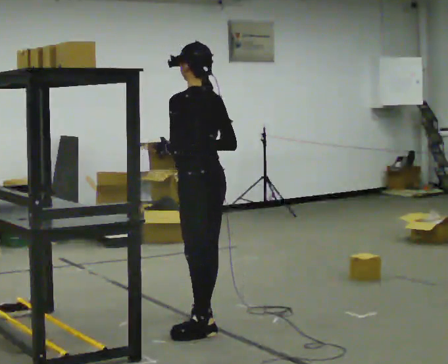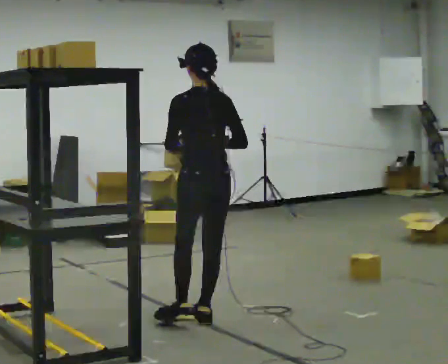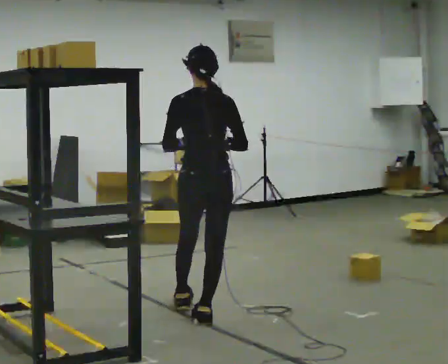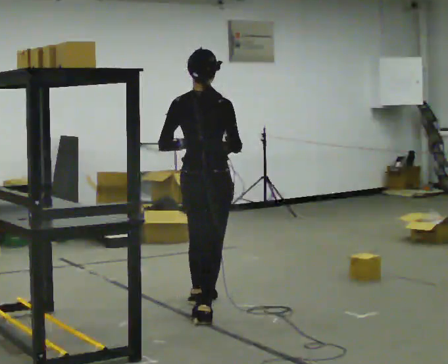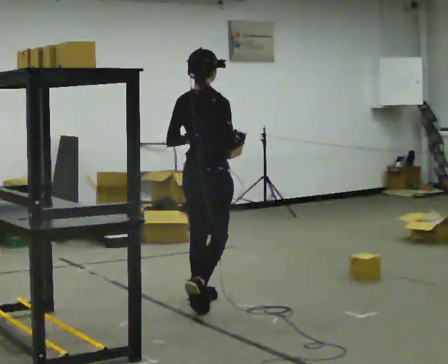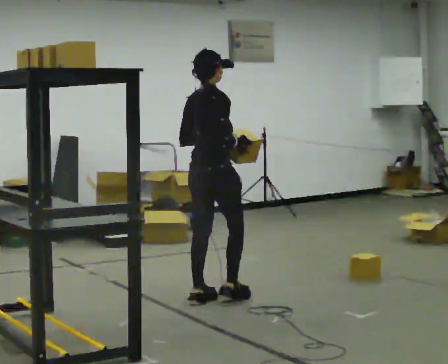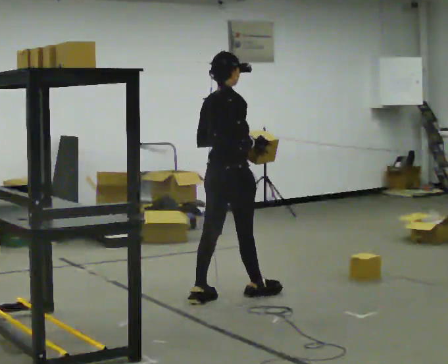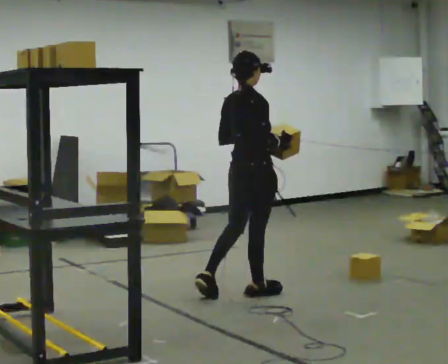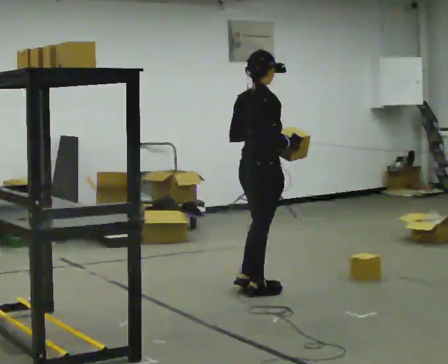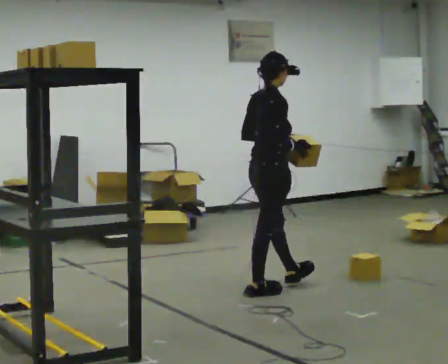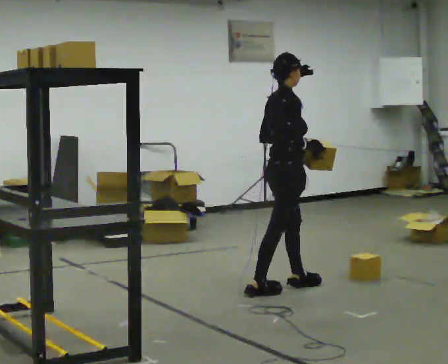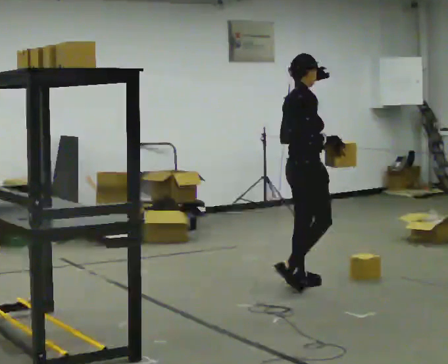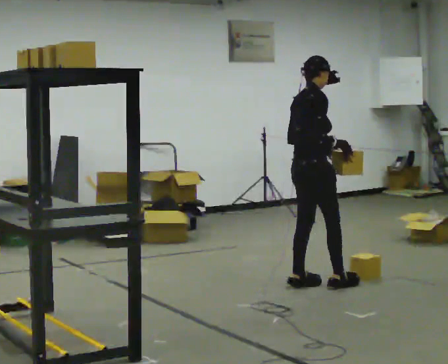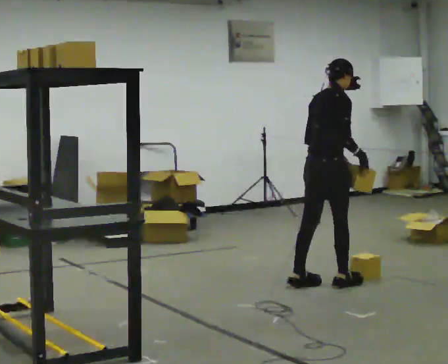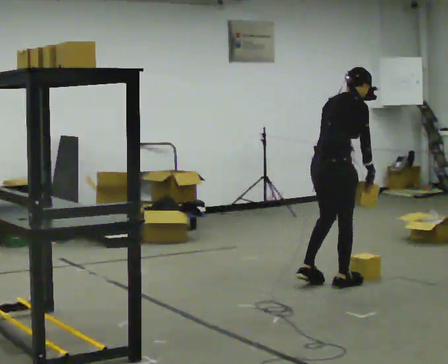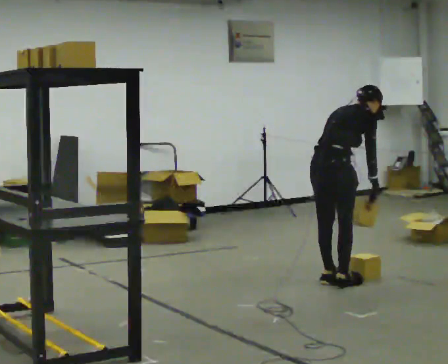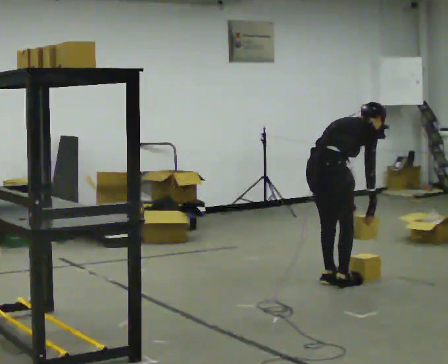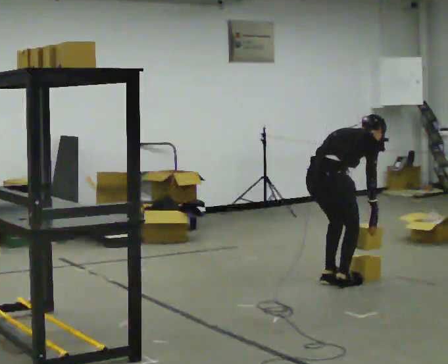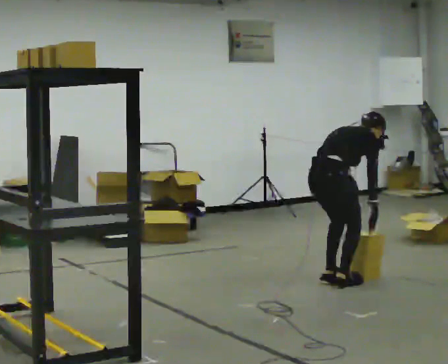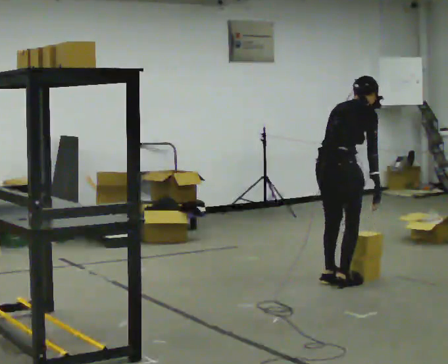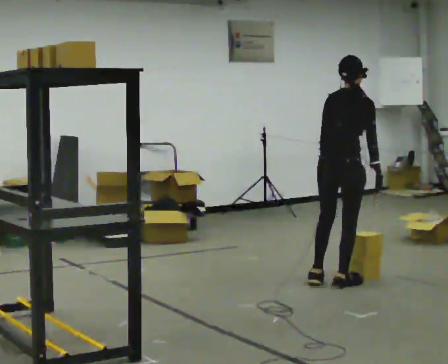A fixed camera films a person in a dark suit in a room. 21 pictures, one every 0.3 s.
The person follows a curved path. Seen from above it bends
clockwise.
0.0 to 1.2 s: The part of the body nearest the lens slides to the left as the person turns to their right by about 90 degrees. In the picture they go away from the camera, about 0.5 m in 1 step.
1.2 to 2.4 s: In the picture they go to the right and away from the camera, about 0.5 m in 1 step, which for them is forward.
2.4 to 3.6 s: In the picture they go to the right and away from the camera, about 0.5 m in 1 step, which for them is forward and to their left.
3.6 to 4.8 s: The upper body goes downward. In the picture the upper body tilts clockwise, shoulders to the right, as they bend forward. In the picture their left hand goes downward.
4.8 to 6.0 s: In the picture the upper body tilts counterclockwise, shoulders to the left, as they lean back or straighten.
The film runs forward here.
